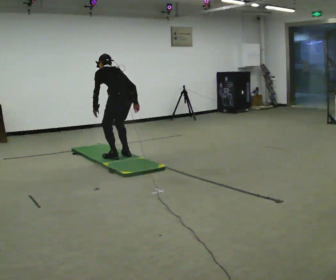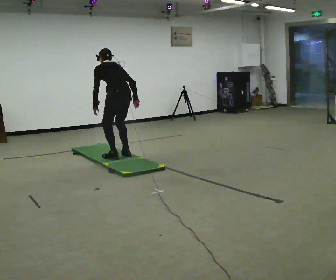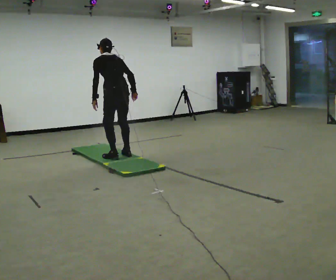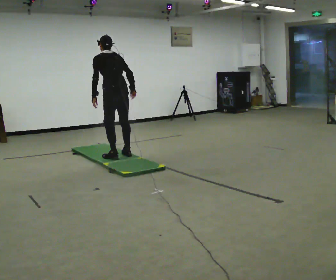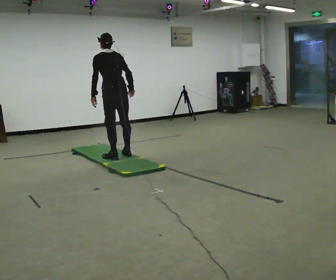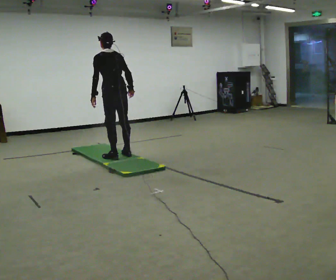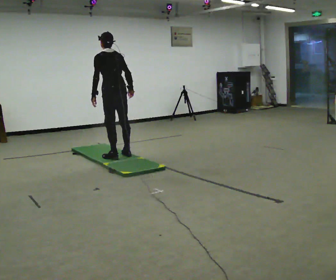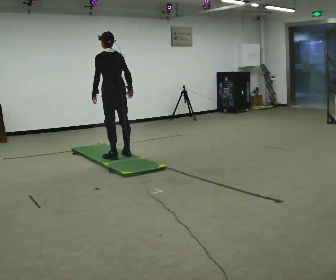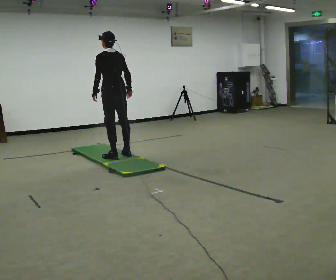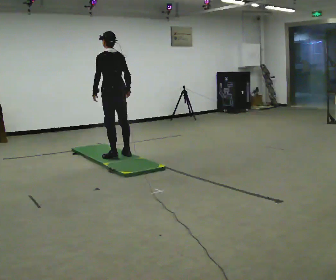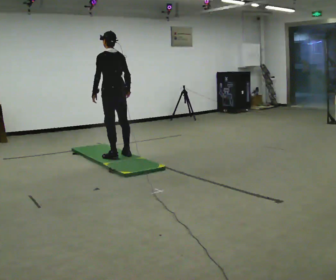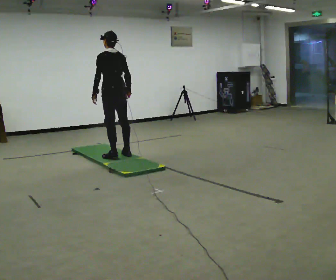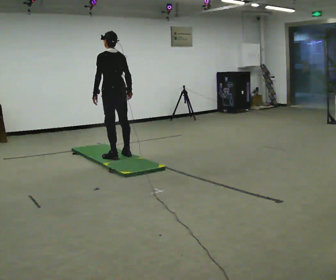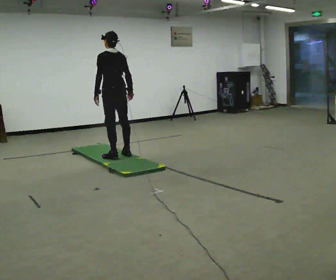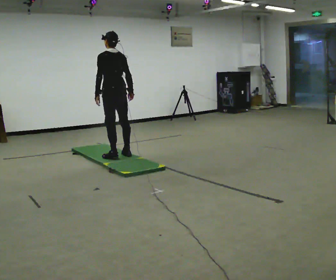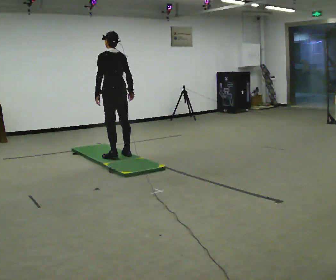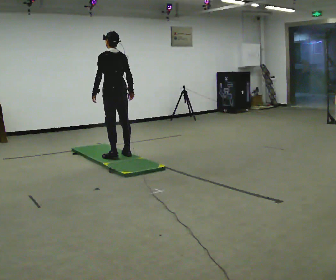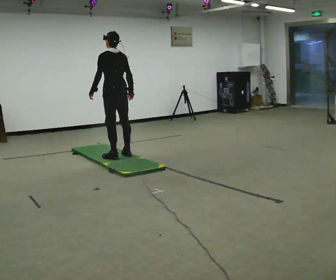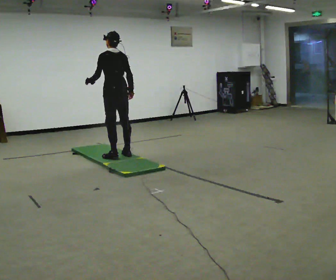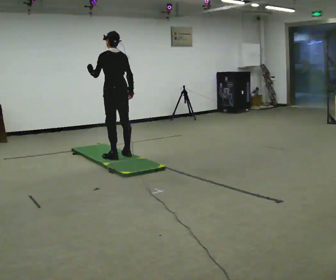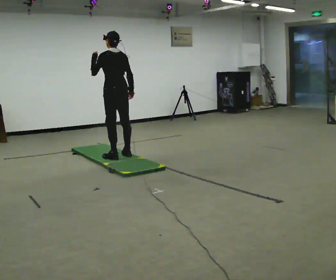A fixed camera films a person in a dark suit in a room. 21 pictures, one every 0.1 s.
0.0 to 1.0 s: In the picture they go away from the camera, about 0.25 m, which for them is forward. The upper body goes upward. The upper body tips toward the camera, its near side rolling downward, as they lean back or straighten.
1.0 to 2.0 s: In the picture their left hand goes upward.
The film runs forward here.
